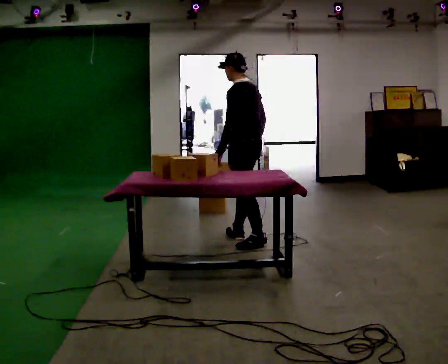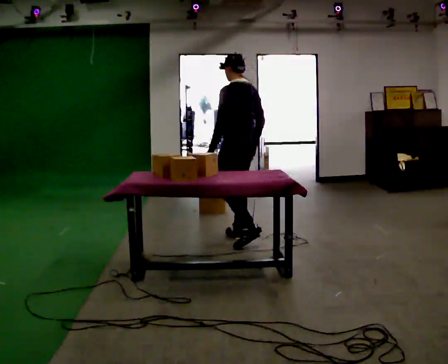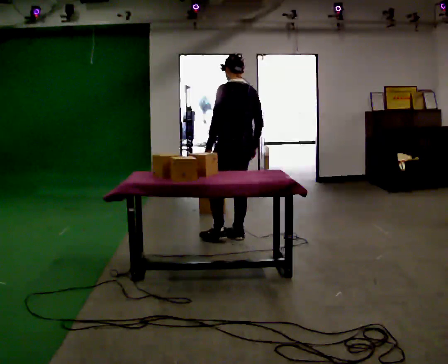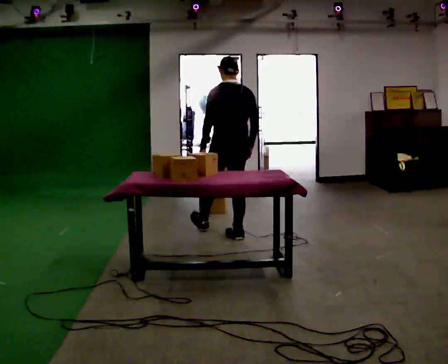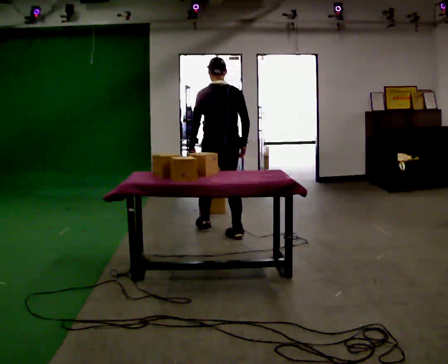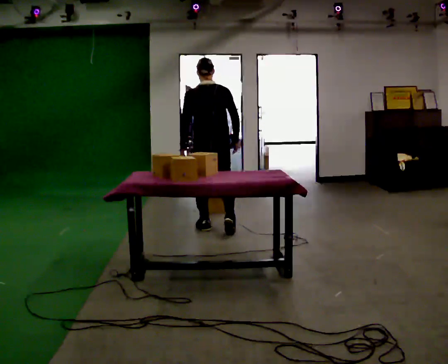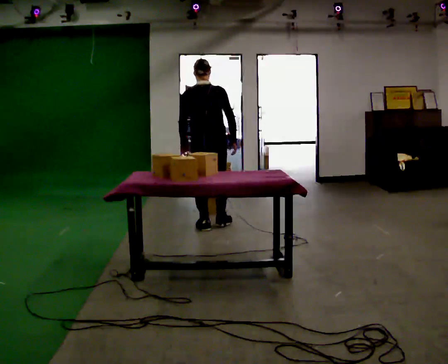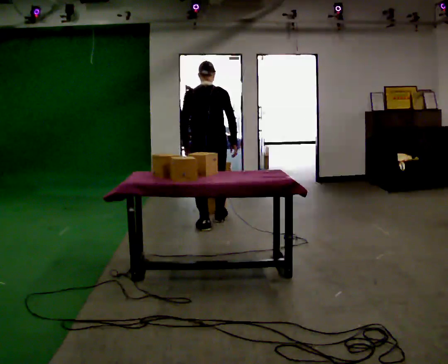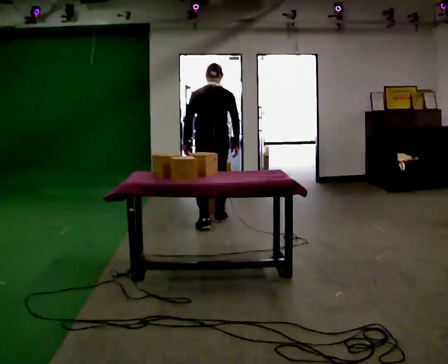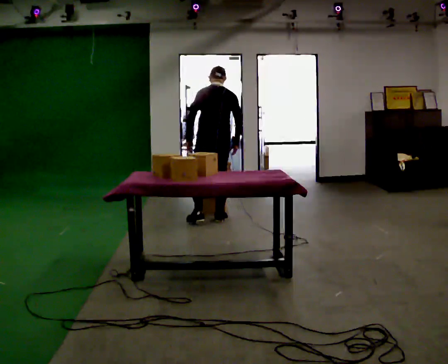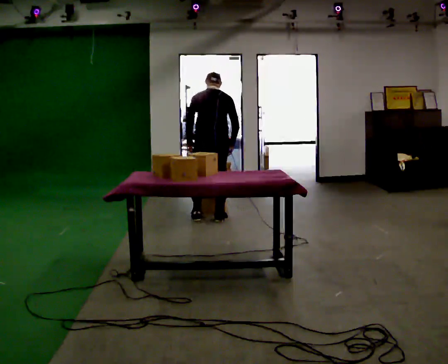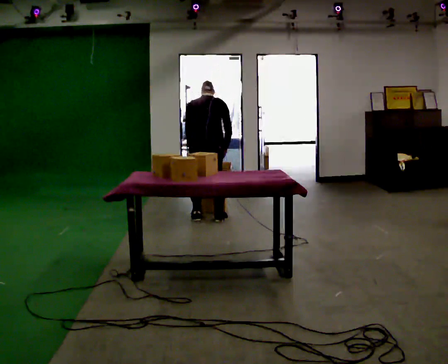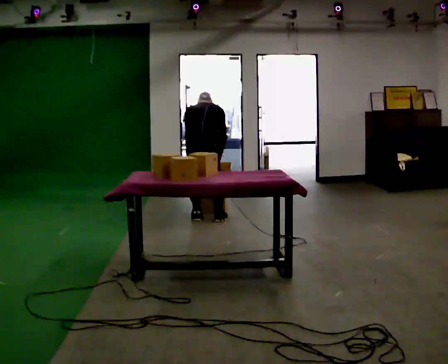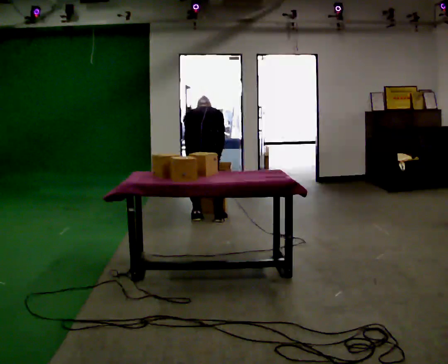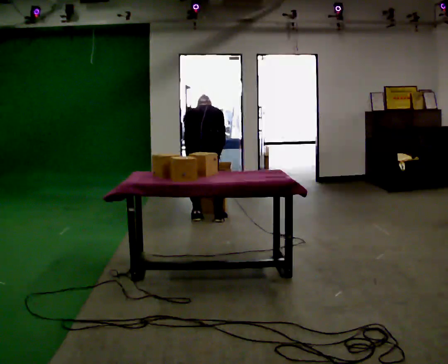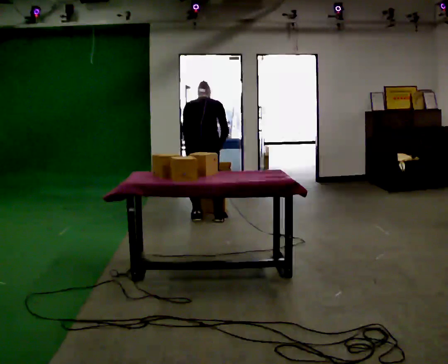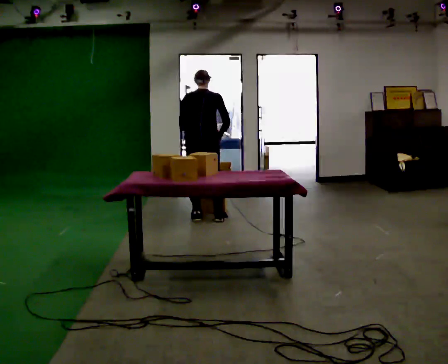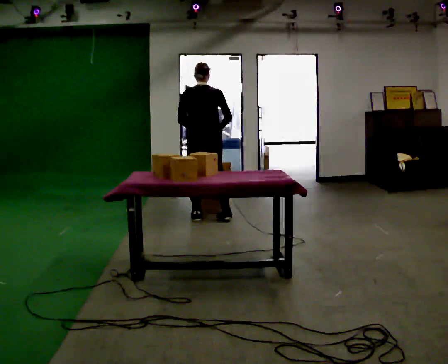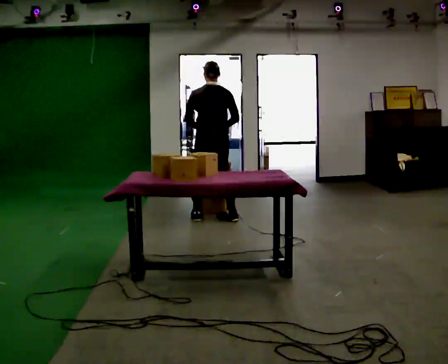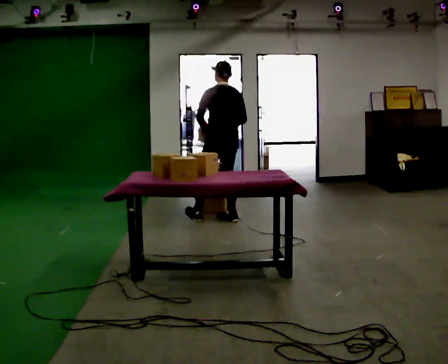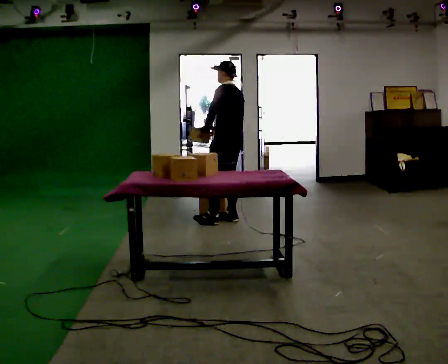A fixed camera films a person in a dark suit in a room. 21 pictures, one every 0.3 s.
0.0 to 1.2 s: The part of the body nearest the lens slides to the left as the person turns to their right by about 60 degrees. In the picture they go away from the camera and to the left, about 0.5 m in 1 step, which for them is forward.
1.2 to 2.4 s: In the picture they go away from the camera, about 0.5 m in 1 step, which for them is forward.
2.4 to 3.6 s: The upper body goes downward. The upper body tips away from the camera, its near side rolling upward, as they bend forward.
3.6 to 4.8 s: The upper body goes upward. The upper body tips toward the camera, its near side rolling downward, as they lean back or straighten.
4.8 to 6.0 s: The part of the body nearest the lens slides to the right as the person turns to their left by about 75 degrees. In the picture they go to the right, about 0.25 m in 1 step. The upper body tips toward the camera, its near side rolling downward, as they lean back or straighten.
The film runs forward here.
